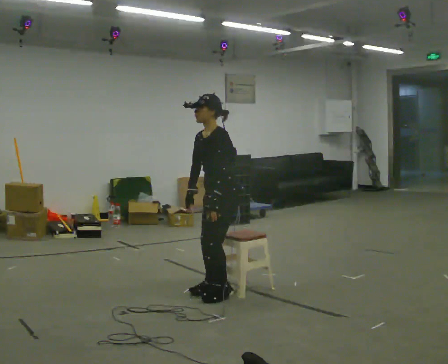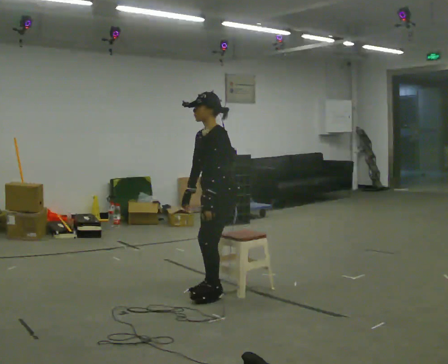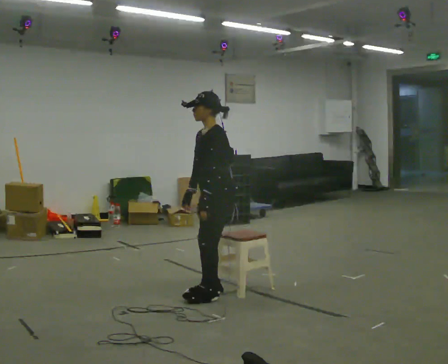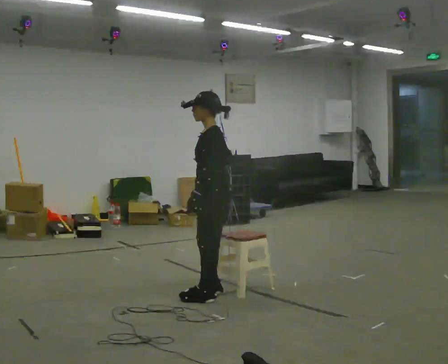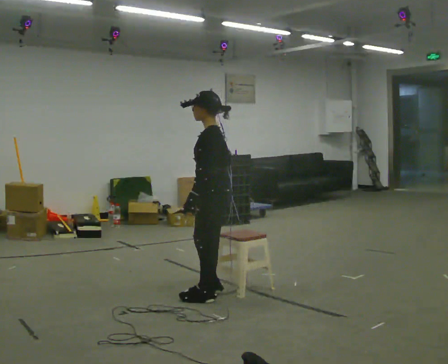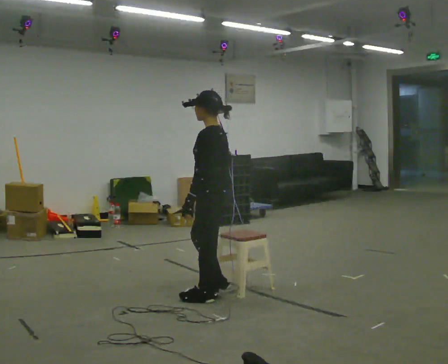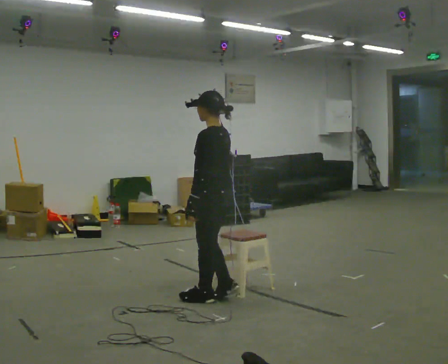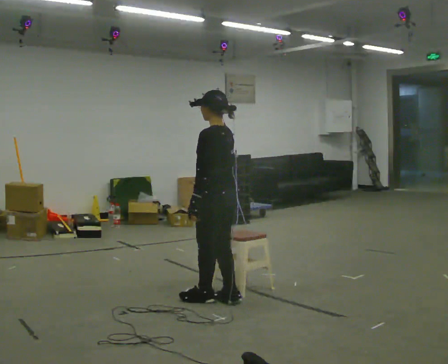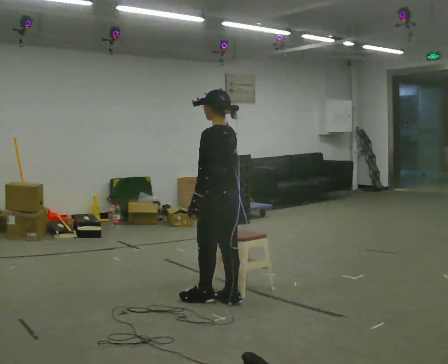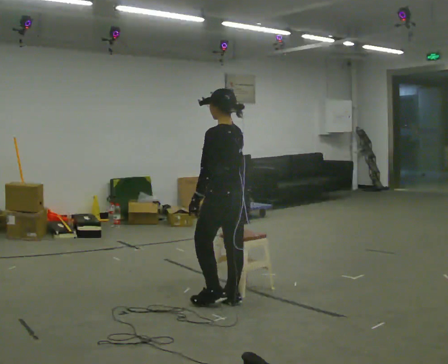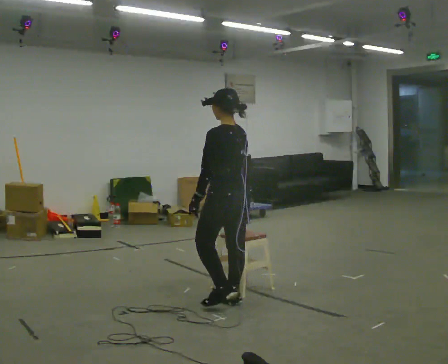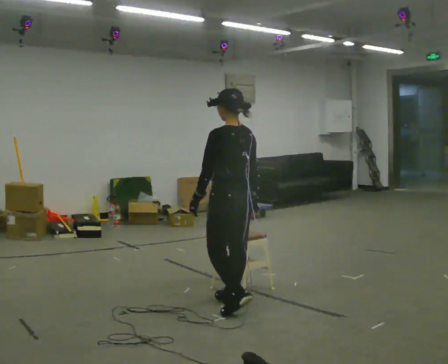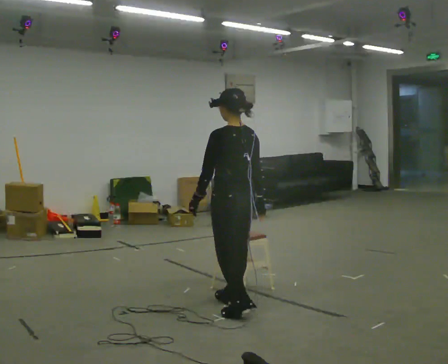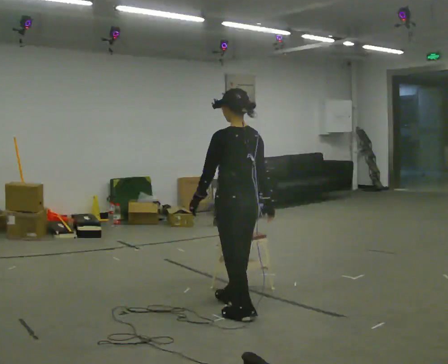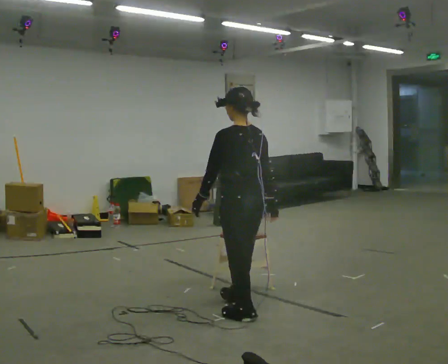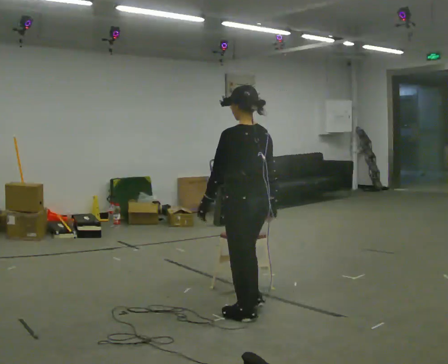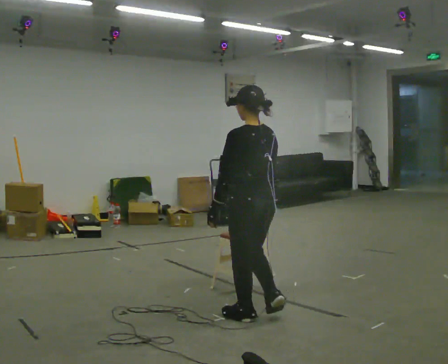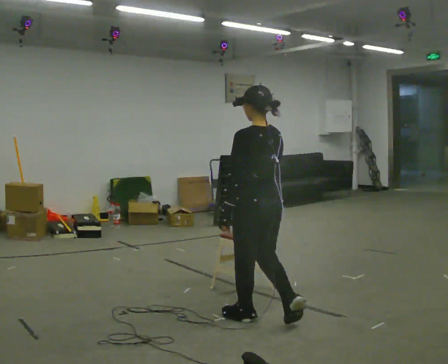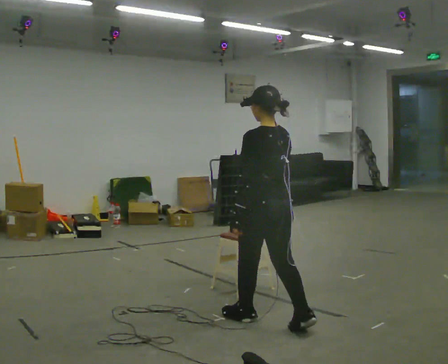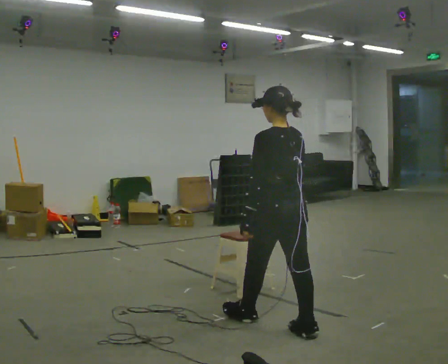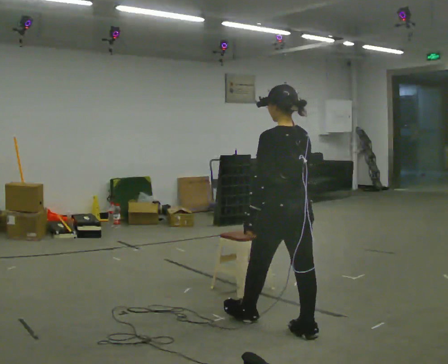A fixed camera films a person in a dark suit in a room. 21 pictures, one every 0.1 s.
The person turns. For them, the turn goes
to their right.
The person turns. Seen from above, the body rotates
clockwise.
0.0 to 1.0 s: Seen from above the body turns clockwise, about 75 degrees: to their right, with its near side sliding to the left. In the picture they go toward the camera, about 0.25 m in 2 steps.
1.0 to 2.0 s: In the picture they go toward the camera and to the right, about 0.75 m in 2 steps, which for them is backward.
The film runs backward here.
